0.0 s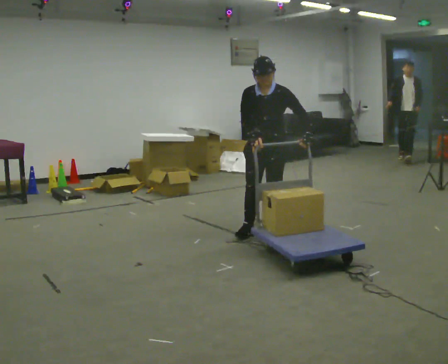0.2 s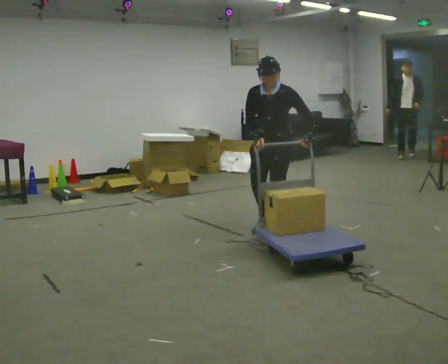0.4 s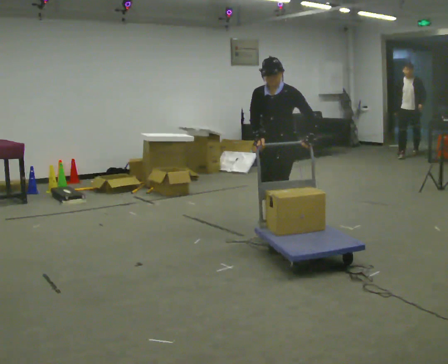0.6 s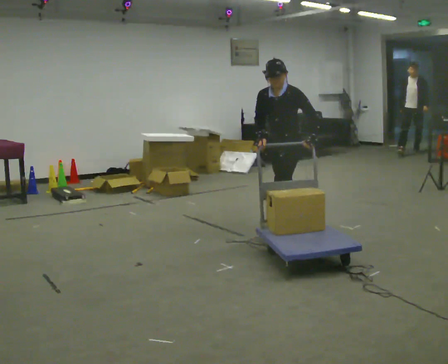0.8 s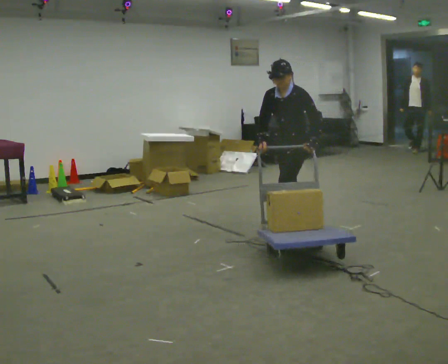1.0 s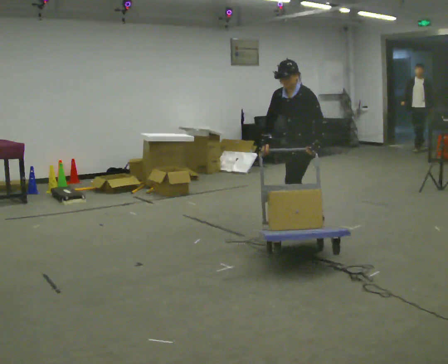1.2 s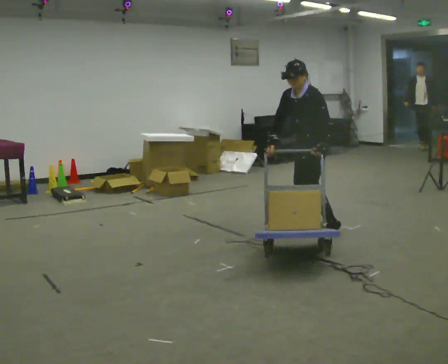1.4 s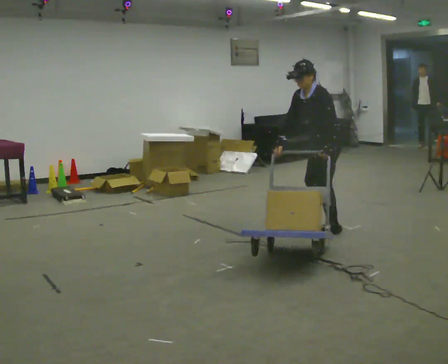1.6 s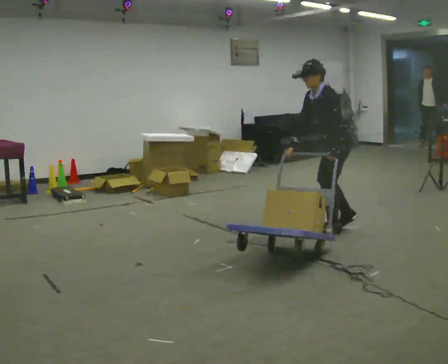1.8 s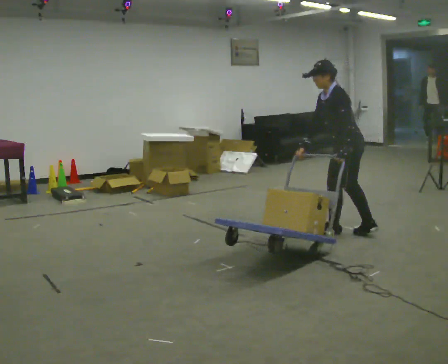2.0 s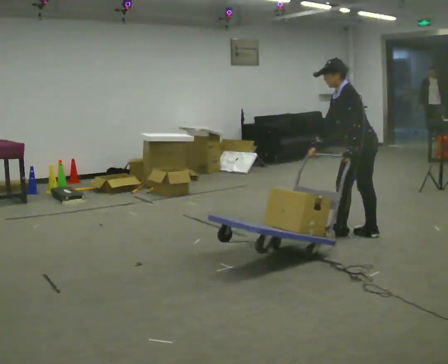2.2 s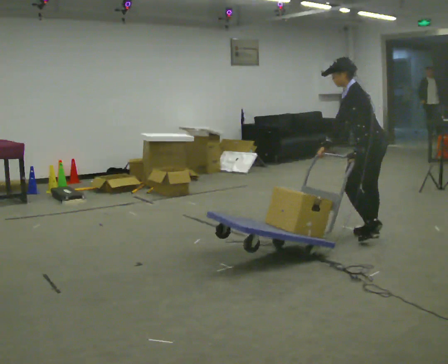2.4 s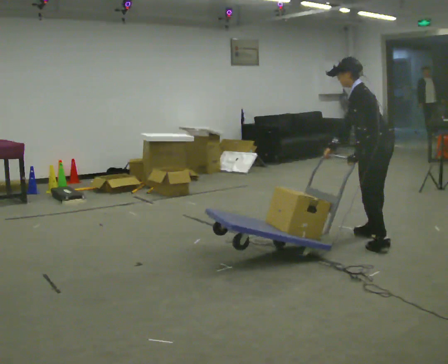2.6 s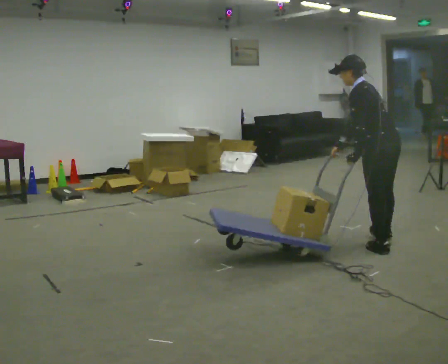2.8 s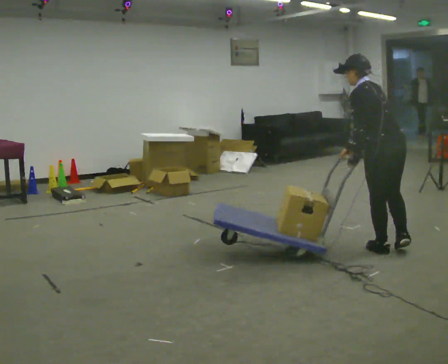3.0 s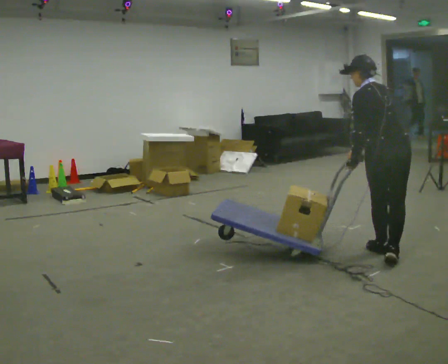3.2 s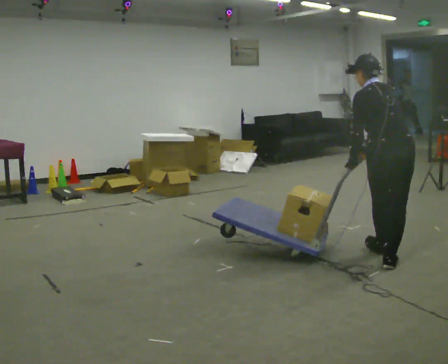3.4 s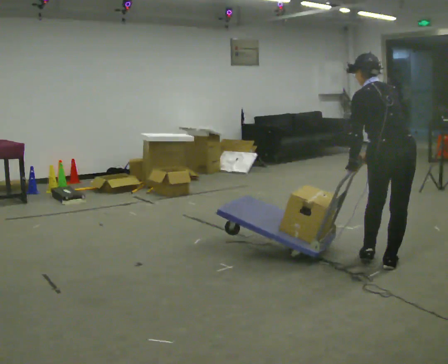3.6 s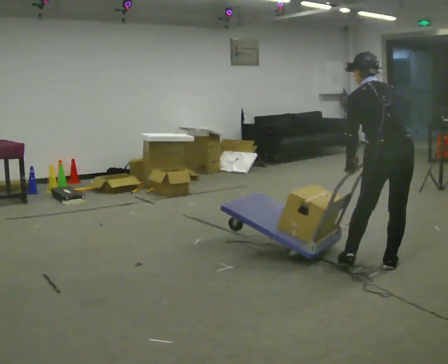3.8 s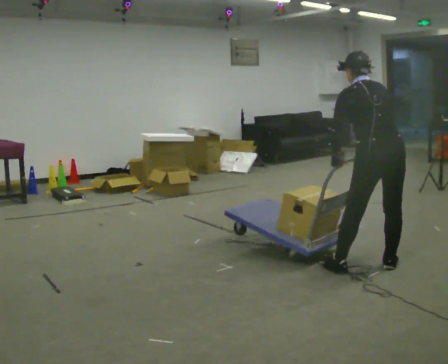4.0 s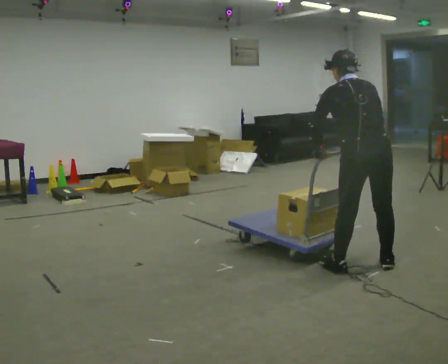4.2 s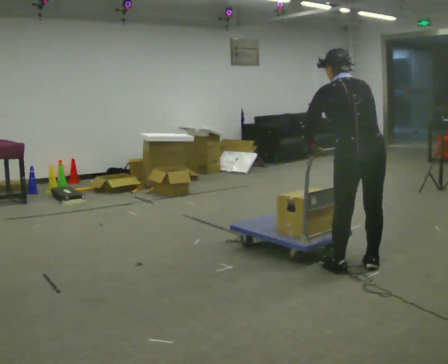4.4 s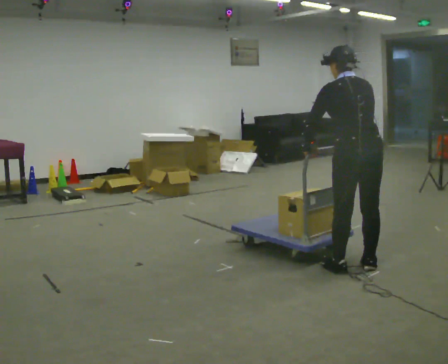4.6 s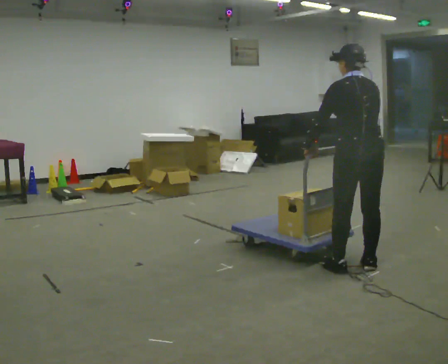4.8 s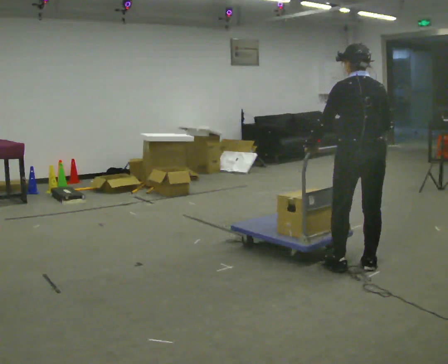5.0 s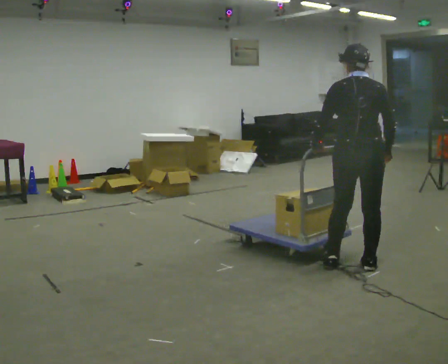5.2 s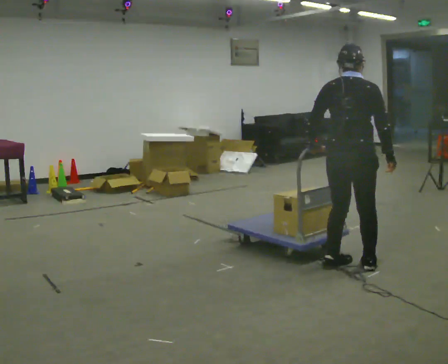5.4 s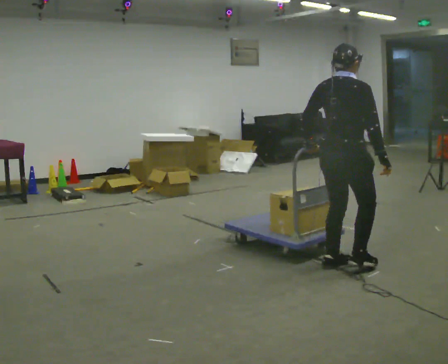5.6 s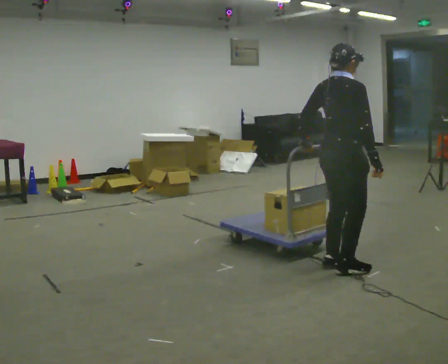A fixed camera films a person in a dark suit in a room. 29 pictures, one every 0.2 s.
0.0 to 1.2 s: Seen from above the body turns clockwise, about 45 degrees: to their right, with its near side sliding to the left. In the picture they go to the right and away from the camera, about 0.5 m in 2 steps, which for them is backward and to their left.
1.2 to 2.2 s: The person turns about 45 degrees to their right, clockwise seen from above, so the part of the body nearest the lens slides to the left. In the picture they go to the right, about 0.5 m in 2 steps, which for them is backward and to their left.
2.2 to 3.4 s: Seen from above the body turns clockwise, about 60 degrees: to their right, with its near side sliding to the left. In the picture they go toward the camera, about 0.75 m in 2 steps. The upper body tips away from the camera, its near side rolling upward.
3.4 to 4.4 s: In the picture they go to the left, about 0.25 m, which for them is to their left.
4.4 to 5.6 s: The part of the body nearest the lens slides to the left as the person turns to their right by about 75 degrees.
The film runs backward here.
